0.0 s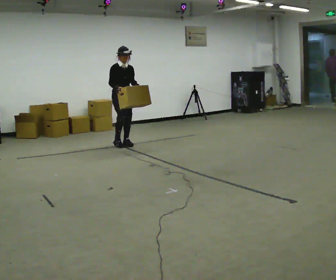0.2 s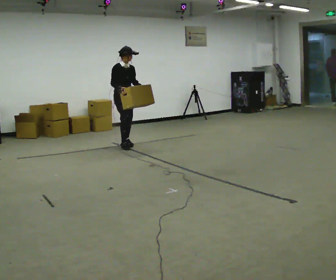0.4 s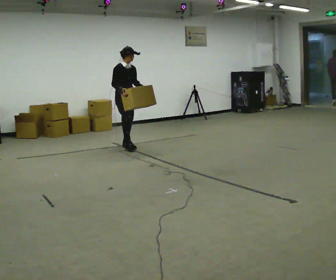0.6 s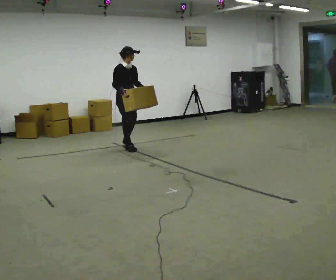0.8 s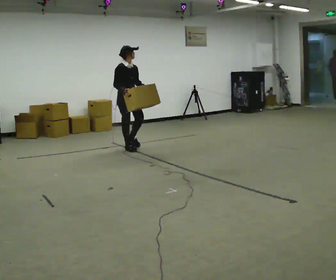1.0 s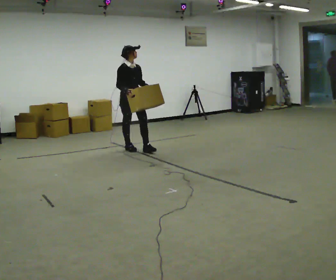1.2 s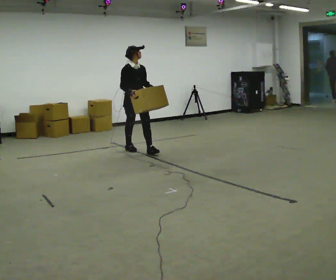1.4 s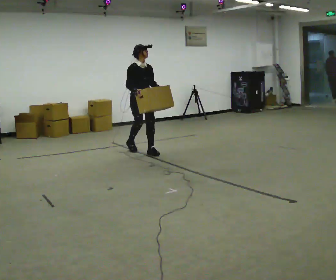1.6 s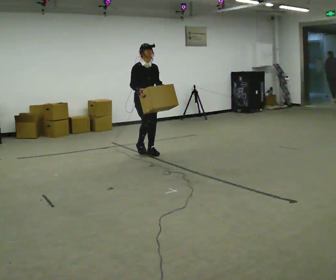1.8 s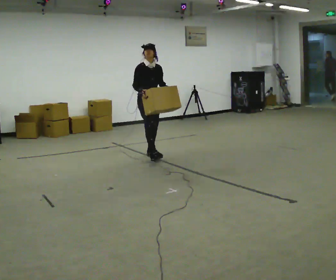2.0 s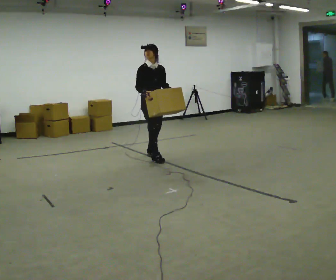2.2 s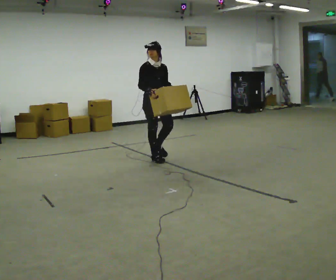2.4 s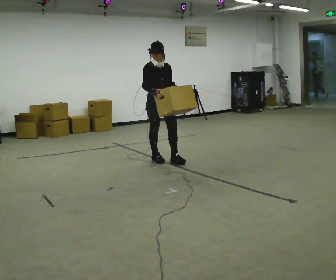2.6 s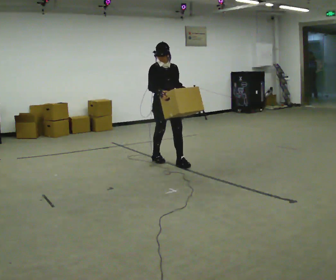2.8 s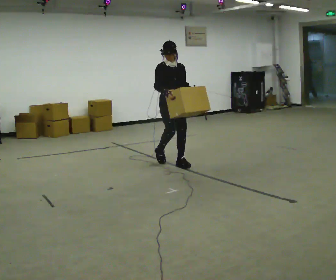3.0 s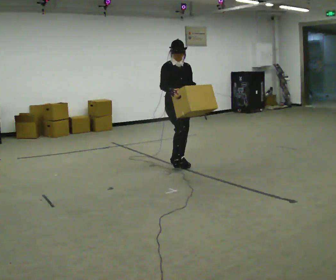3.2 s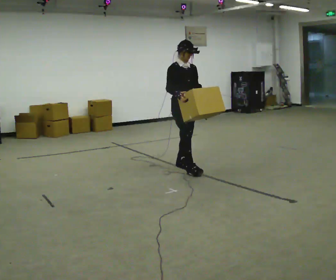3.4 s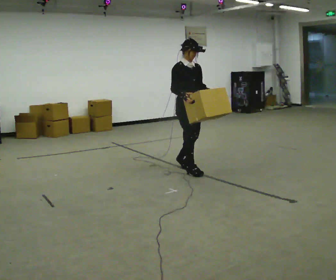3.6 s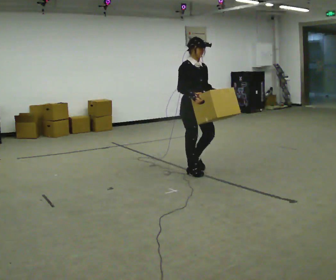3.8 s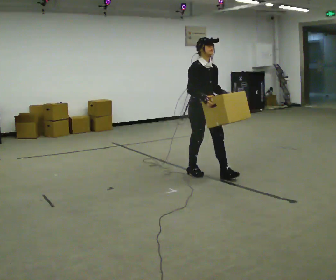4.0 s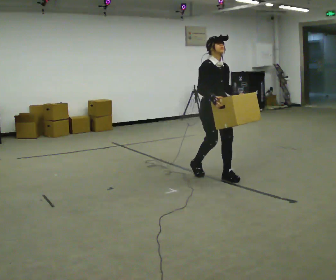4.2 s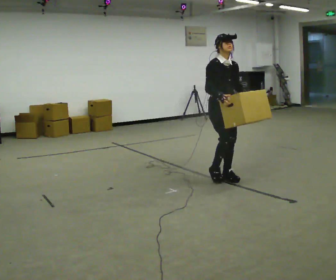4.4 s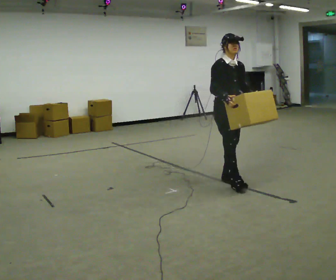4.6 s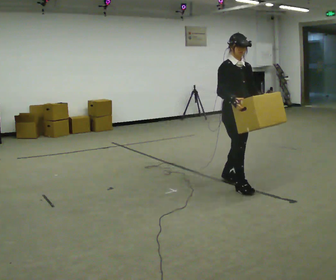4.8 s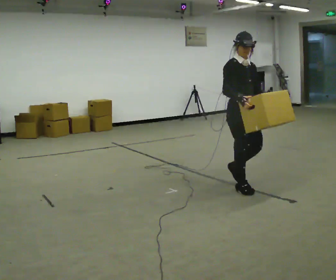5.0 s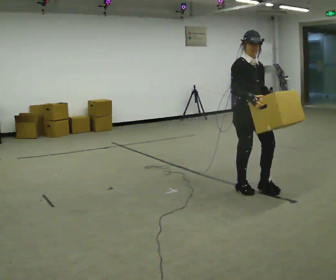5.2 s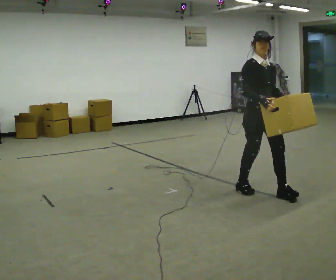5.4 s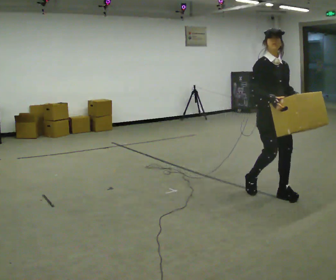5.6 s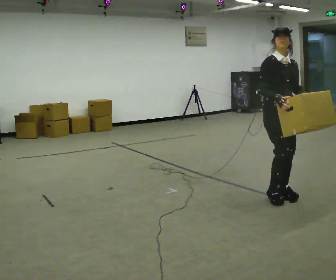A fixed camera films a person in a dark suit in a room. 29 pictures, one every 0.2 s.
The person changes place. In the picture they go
toward the camera.
0.0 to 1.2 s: In the picture they go toward the camera and to the right, about 0.5 m in 2 steps, which for them is forward.
1.2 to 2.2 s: In the picture they go toward the camera and to the right, about 0.5 m in 1 step, which for them is forward.
2.2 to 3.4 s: In the picture they go toward the camera and to the right, about 0.5 m in 2 steps, which for them is forward.
3.4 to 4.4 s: In the picture they go toward the camera and to the right, about 0.75 m in 1 step, which for them is forward.
4.4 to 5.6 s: In the picture they go toward the camera and to the right, about 0.5 m in 2 steps, which for them is forward.
The film runs forward here.
